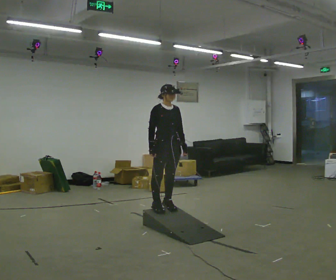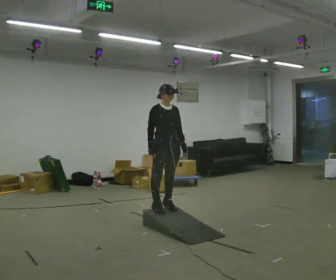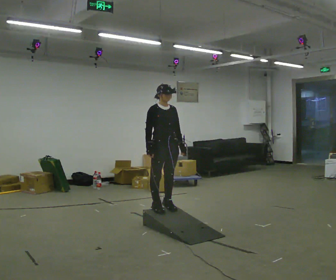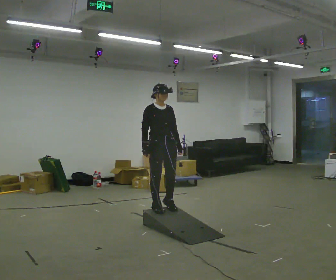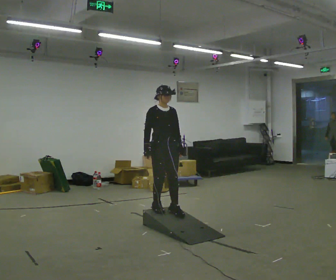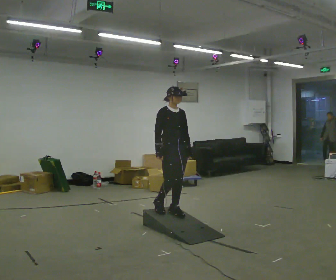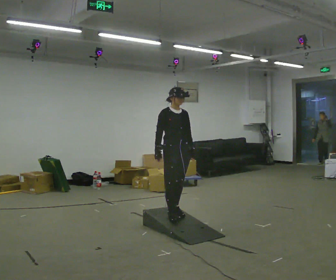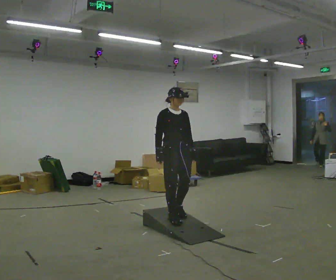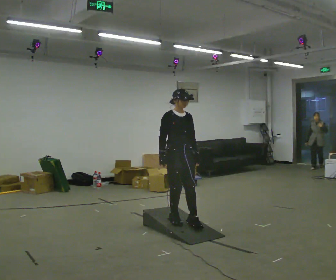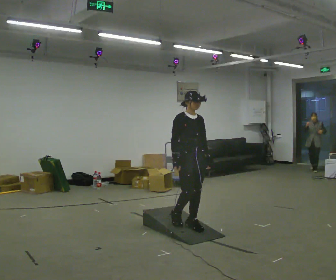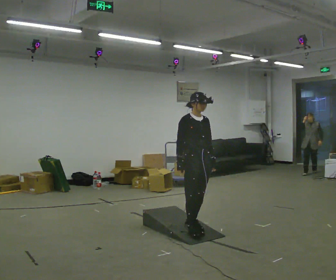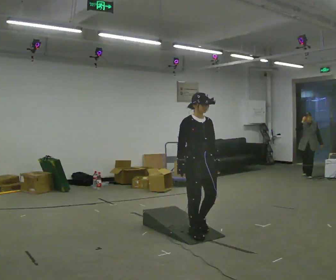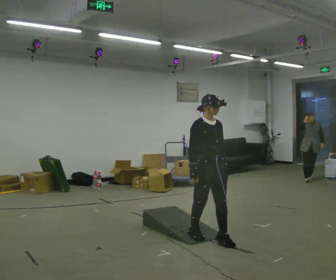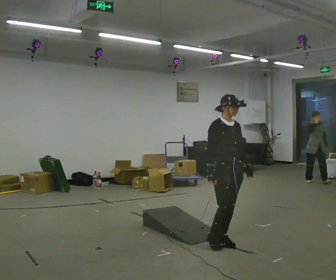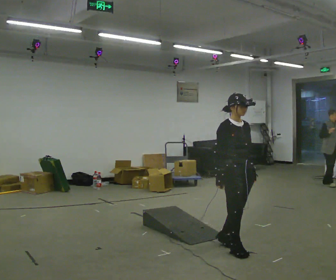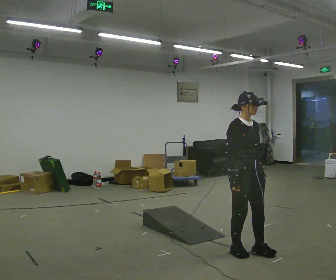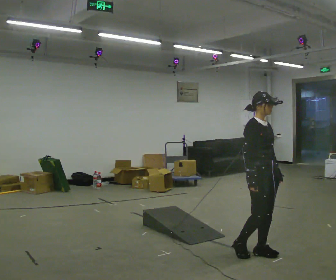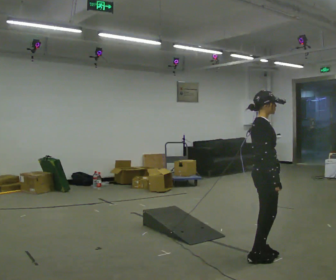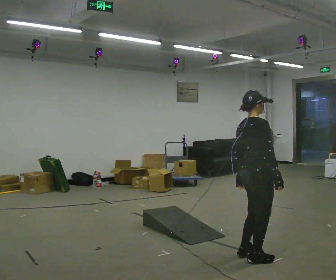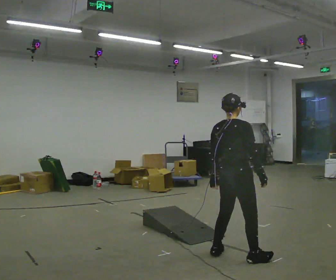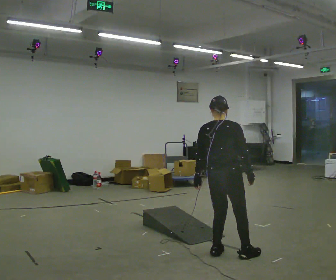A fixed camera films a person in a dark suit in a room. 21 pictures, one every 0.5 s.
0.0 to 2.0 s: The person moves a little, or ends about where they began.
2.0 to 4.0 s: In the picture they go toward the camera and to the right, about 0.25 m in 2 steps, which for them is forward.
4.0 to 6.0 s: In the picture they go toward the camera and to the right, about 0.5 m in 2 steps, which for them is forward.
6.0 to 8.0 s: In the picture they go to the right and toward the camera, about 0.75 m in 2 steps, which for them is forward.
8.0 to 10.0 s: Seen from above the body turns counterclockwise, about 105 degrees: to their left, with its near side sliding to the right. In the picture they go to the left, about 0.25 m in 2 steps.
The film runs forward here.
